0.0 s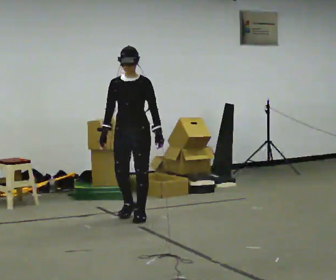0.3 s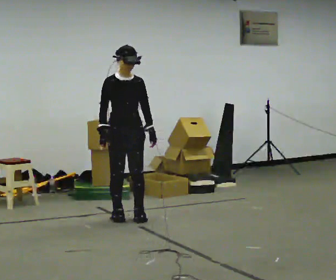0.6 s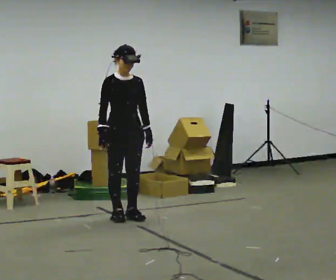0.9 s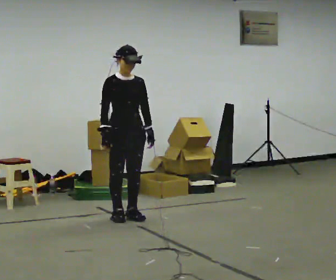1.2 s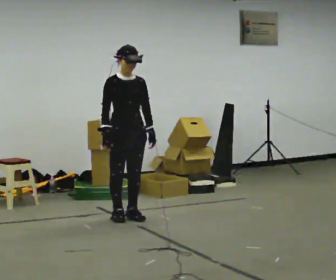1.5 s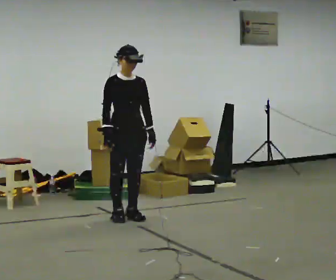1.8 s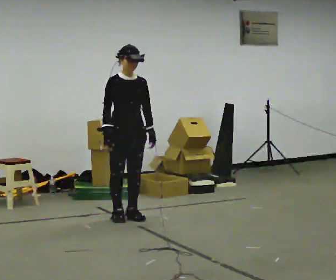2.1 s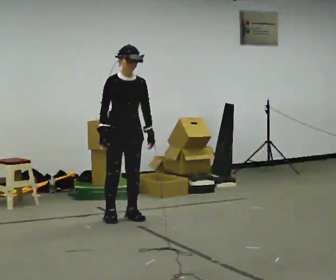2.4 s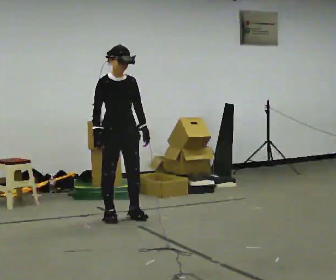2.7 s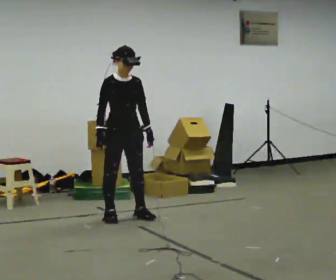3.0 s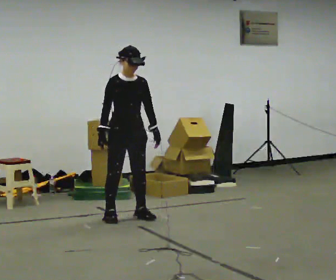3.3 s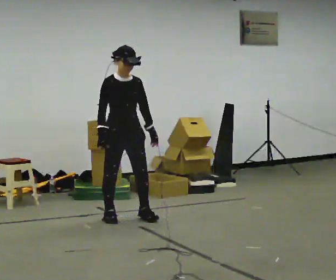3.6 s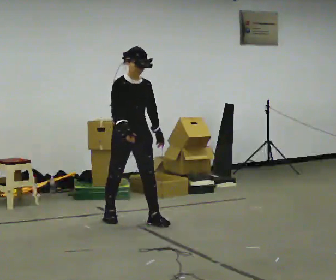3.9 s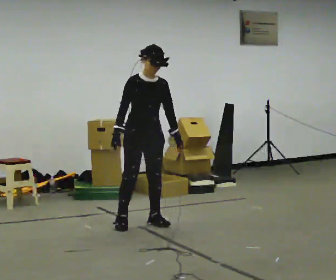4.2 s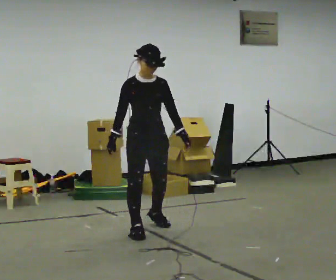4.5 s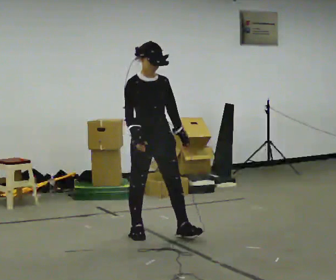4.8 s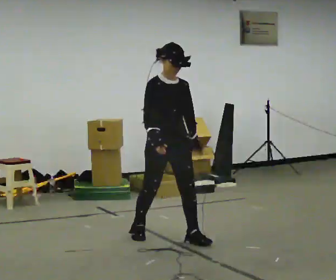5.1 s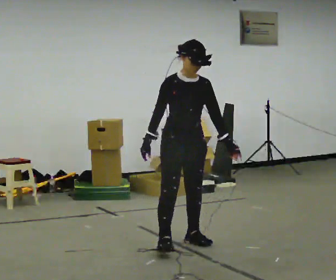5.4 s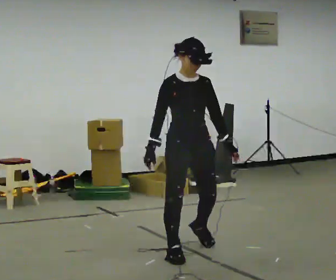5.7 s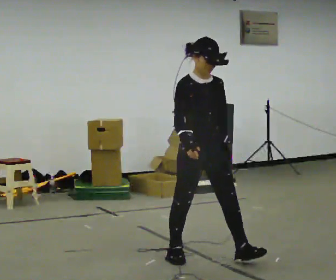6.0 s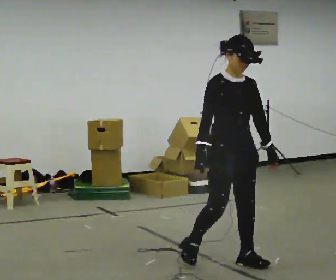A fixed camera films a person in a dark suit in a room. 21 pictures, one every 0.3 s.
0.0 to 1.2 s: Seen from above the body turns counterclockwise, about 30 degrees: to their left, with its near side sliding to the right.
1.2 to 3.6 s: The person moves a little, or ends about where they began.
3.6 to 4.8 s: In the picture they go toward the camera and to the right, about 0.5 m in 2 steps, which for them is forward.
4.8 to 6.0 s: In the picture they go toward the camera and to the right, about 1 m in 2 steps, which for them is forward.
The film runs forward here.
